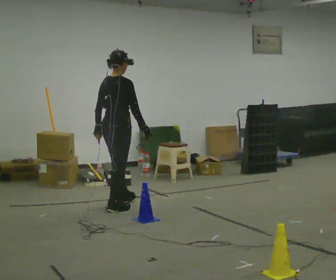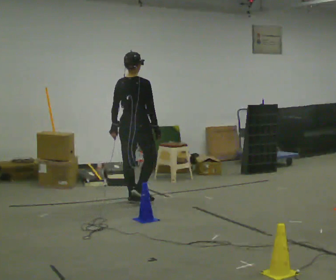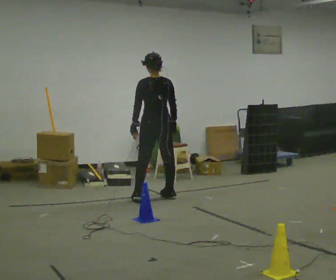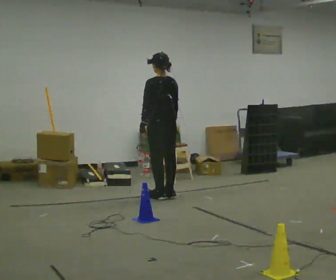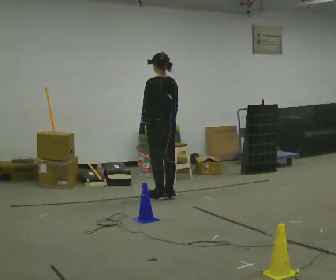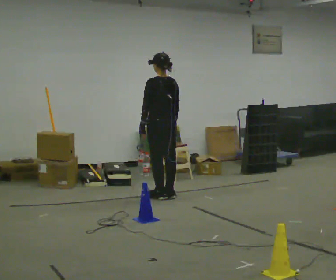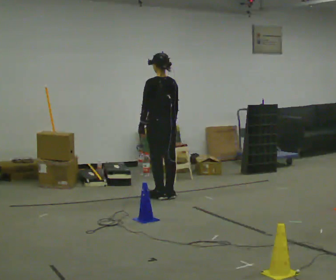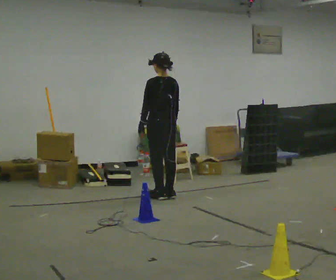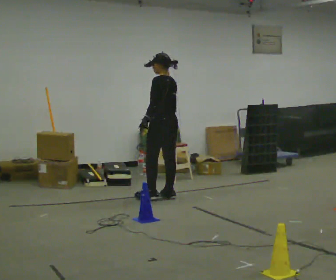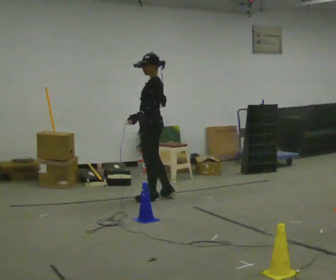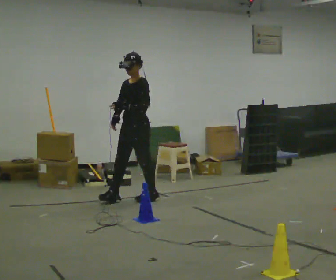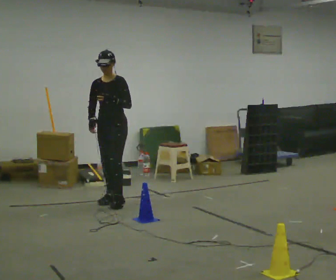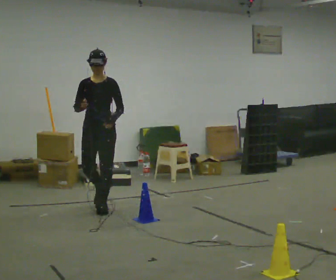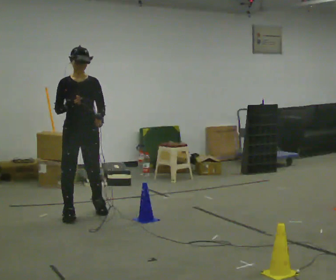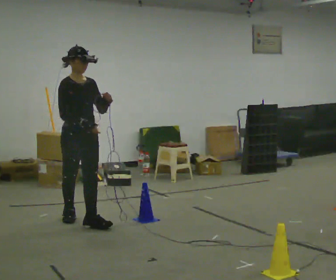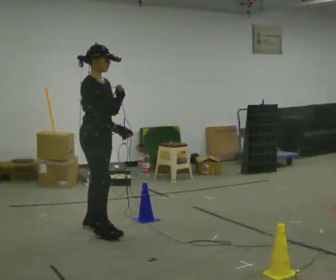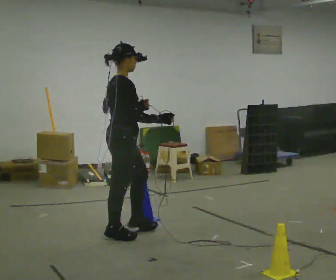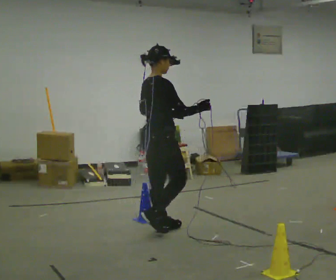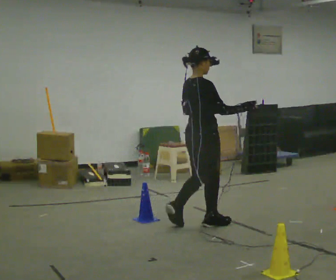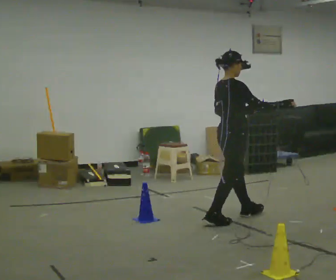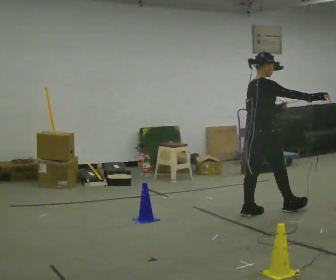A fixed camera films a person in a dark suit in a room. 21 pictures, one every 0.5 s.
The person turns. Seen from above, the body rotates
counterclockwise.
The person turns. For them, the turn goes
to their left.
0.0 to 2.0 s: The person turns about 75 degrees to their left, counterclockwise seen from above, so the part of the body nearest the lens slides to the right. In the picture they go away from the camera and to the right, about 0.5 m in 3 steps.
2.0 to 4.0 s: The person moves a little, or ends about where they began.
4.0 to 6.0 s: The part of the body nearest the lens slides to the right as the person turns to their left by about 120 degrees. In the picture they go to the left and toward the camera, about 1 m in 2 steps.
6.0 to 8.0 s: Seen from above the body turns counterclockwise, about 120 degrees: to their left, with its near side sliding to the right. In the picture they go toward the camera, about 1 m in 3 steps.
8.0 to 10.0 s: In the picture they go to the right and away from the camera, about 1.5 m in 3 steps, which for them is forward.
The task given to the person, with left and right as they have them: Start at marker; visit targets in order; choose natural paths; avoid obstacles; stop at final target.
The film runs forward here.
